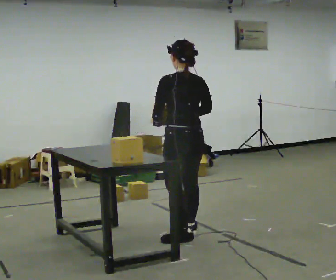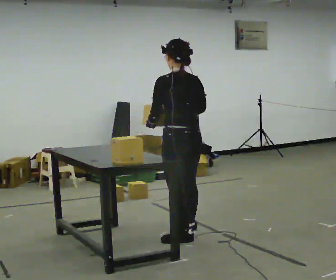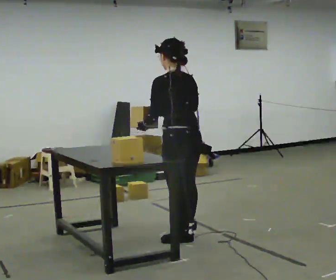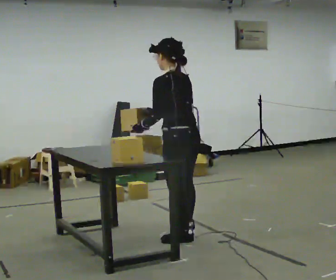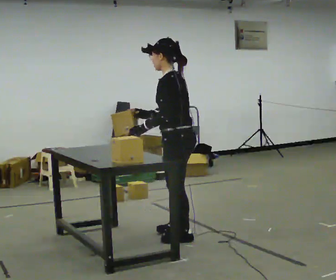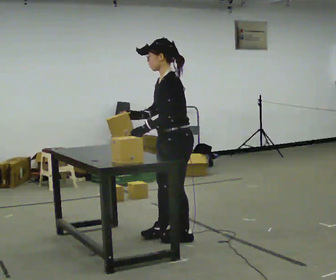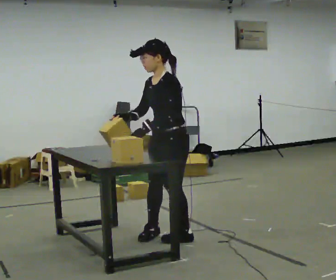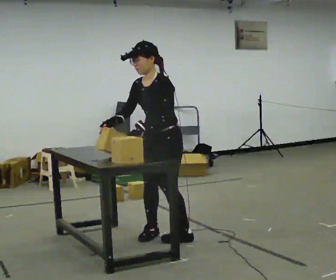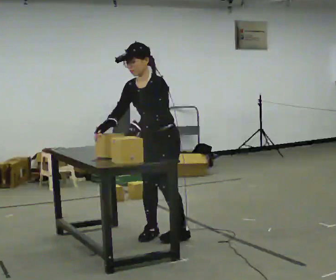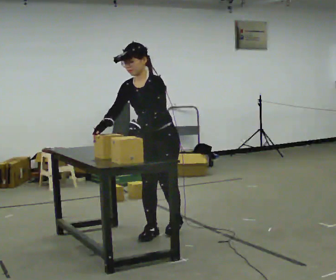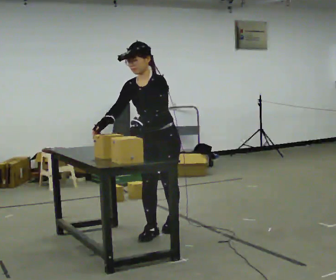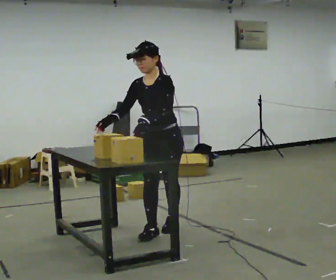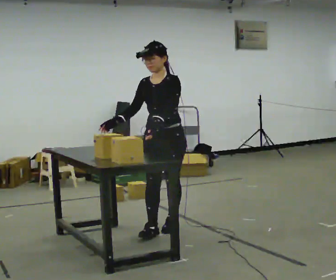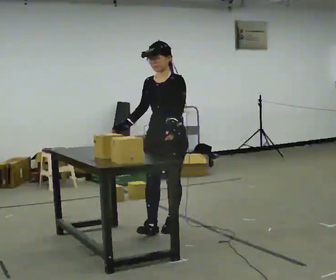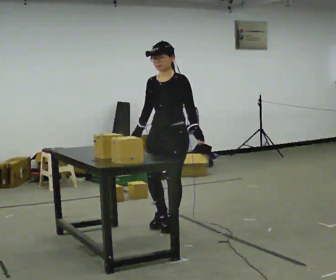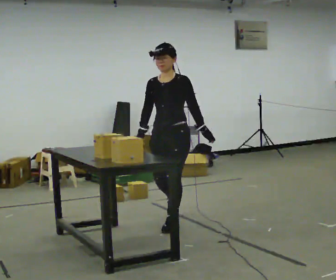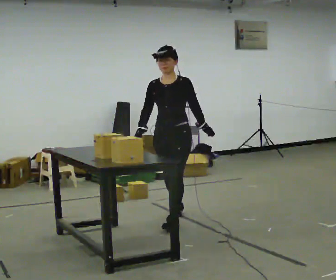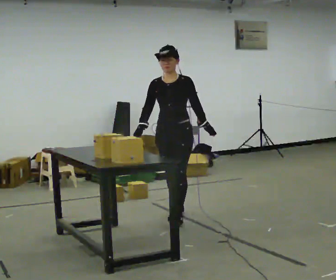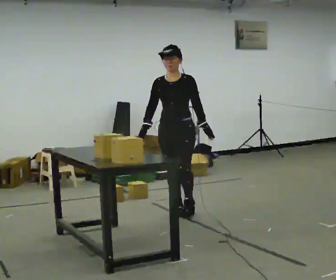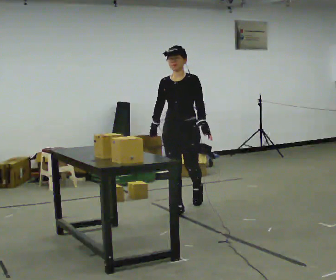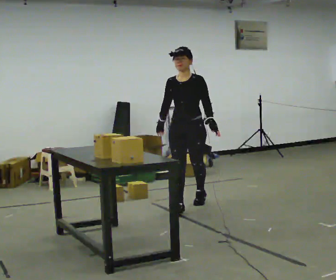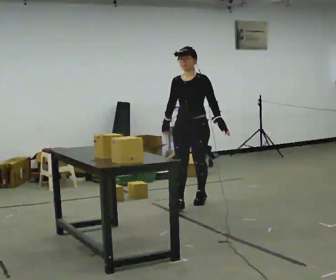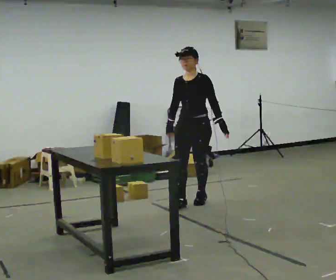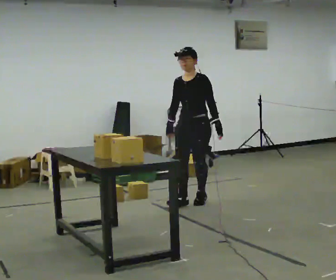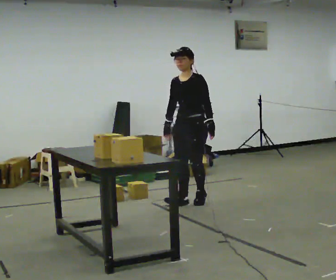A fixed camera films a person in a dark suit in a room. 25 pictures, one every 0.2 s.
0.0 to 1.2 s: Seen from above the body turns counterclockwise, about 90 degrees: to their left, with its near side sliding to the right. In the picture their right hand goes to the left.
1.2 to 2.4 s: The person turns about 45 degrees to their left, counterclockwise seen from above, so the part of the body nearest the lens slides to the right. In the picture they go away from the camera, about 0.25 m in 1 step, which for them is backward and to their right.
2.4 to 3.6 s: In the picture they go away from the camera, about 0.5 m in 2 steps, which for them is backward.
3.6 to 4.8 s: Seen from above the body turns clockwise, about 30 degrees: to their right, with its near side sliding to the left. In the picture they go away from the camera and to the right, about 0.5 m in 1 step, which for them is backward.
The film runs backward here.
